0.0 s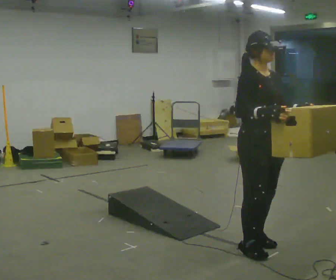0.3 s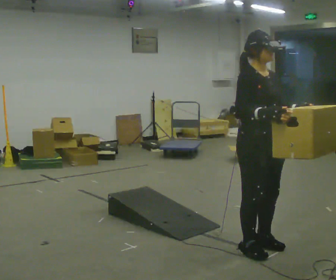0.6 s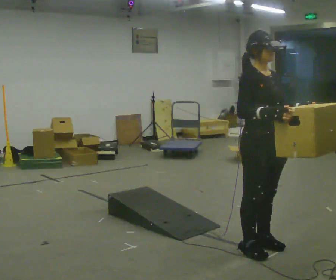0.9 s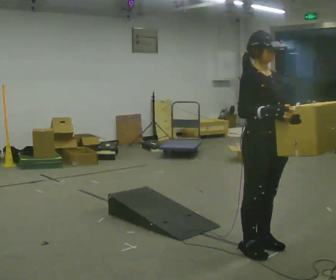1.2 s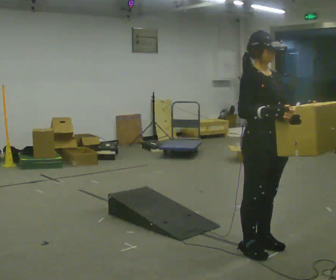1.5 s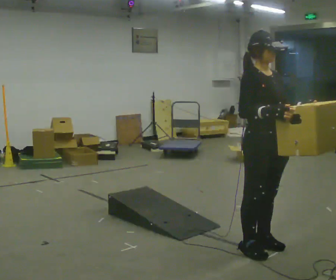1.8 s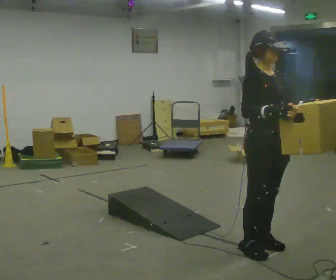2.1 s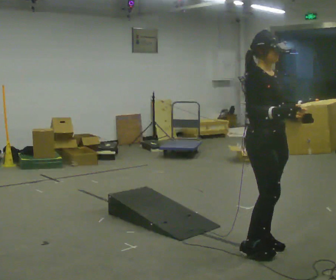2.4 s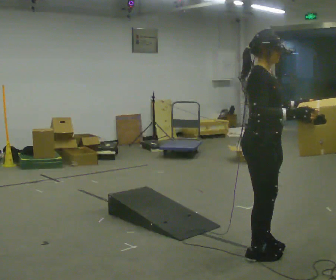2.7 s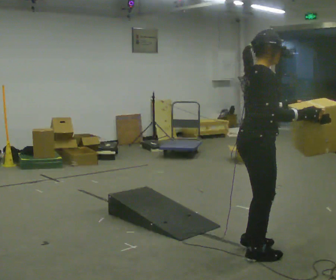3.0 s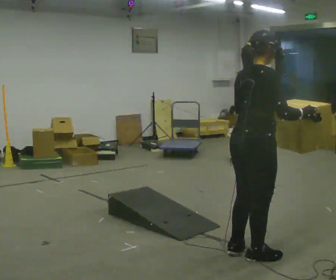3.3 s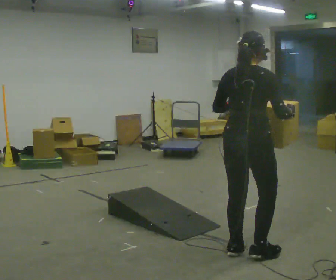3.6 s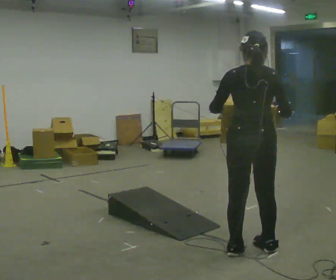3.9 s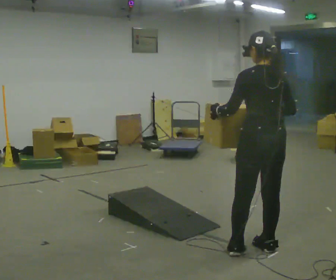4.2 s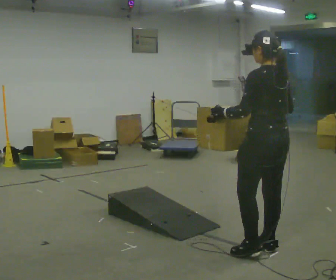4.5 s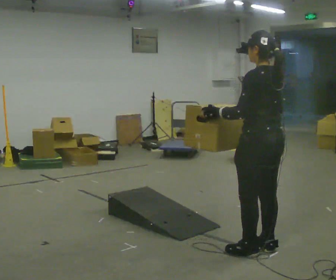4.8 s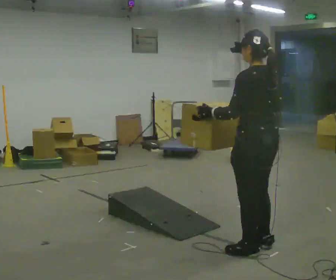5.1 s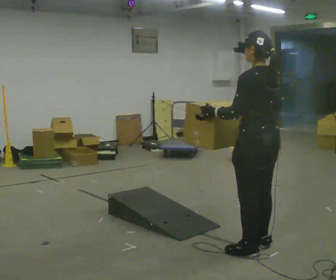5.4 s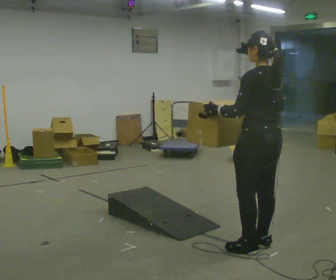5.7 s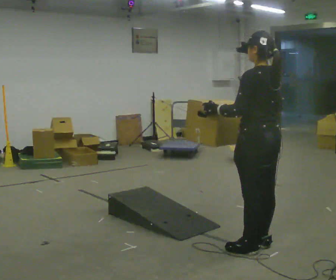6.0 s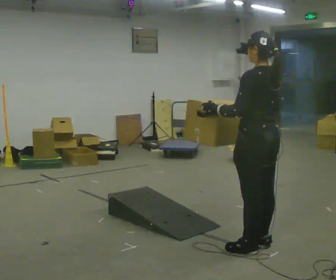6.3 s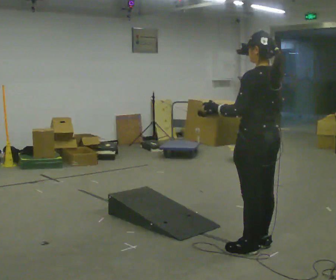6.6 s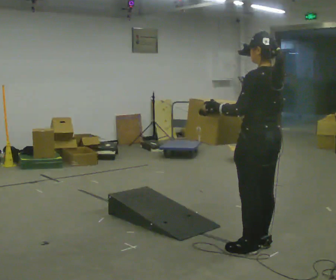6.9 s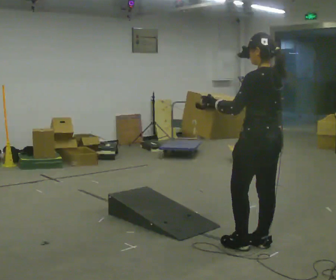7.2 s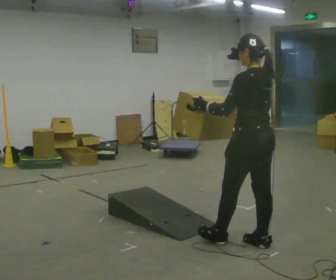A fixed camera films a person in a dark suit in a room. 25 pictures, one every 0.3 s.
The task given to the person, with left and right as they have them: Carry the box up the ramp, turn at the top, and carry it back down. Keep going until the operator says stop; one object at a time, and do not rush between trips.
0.0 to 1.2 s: The person moves a little, or ends about where they began.
1.2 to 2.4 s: The part of the body nearest the lens slides to the right as the person turns to their left by about 30 degrees.
2.4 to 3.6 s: The part of the body nearest the lens slides to the right as the person turns to their left by about 105 degrees. In the picture their left hand goes to the left.
3.6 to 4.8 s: The person turns about 45 degrees to their left, counterclockwise seen from above, so the part of the body nearest the lens slides to the right.
4.8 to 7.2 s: In the picture they go away from the camera, about 0.25 m in 1 step, which for them is forward.
The film runs forward here.
